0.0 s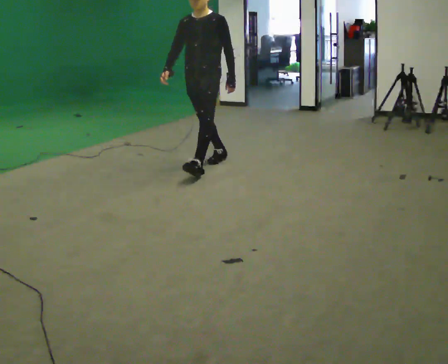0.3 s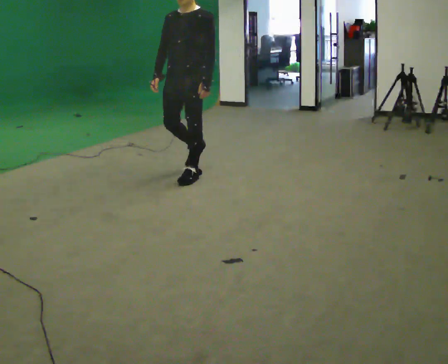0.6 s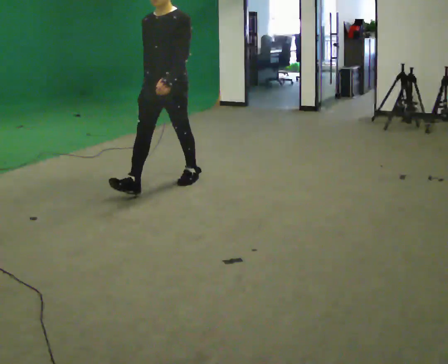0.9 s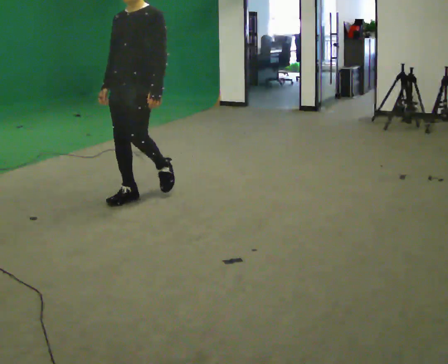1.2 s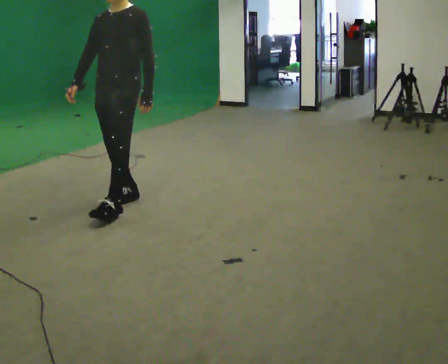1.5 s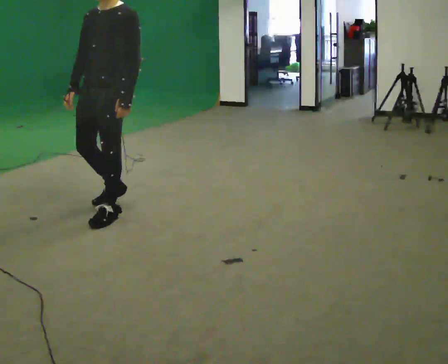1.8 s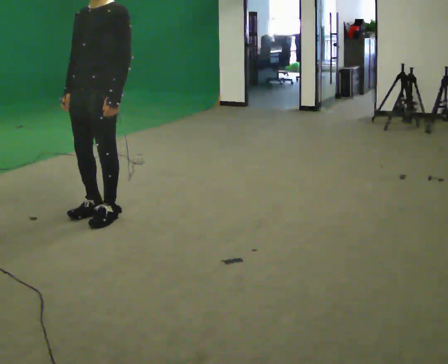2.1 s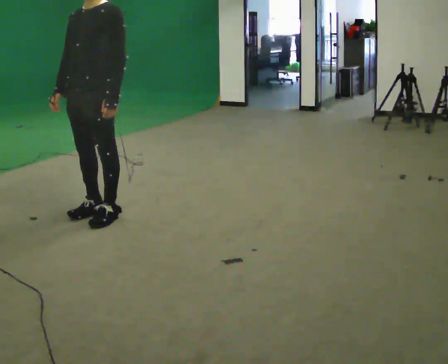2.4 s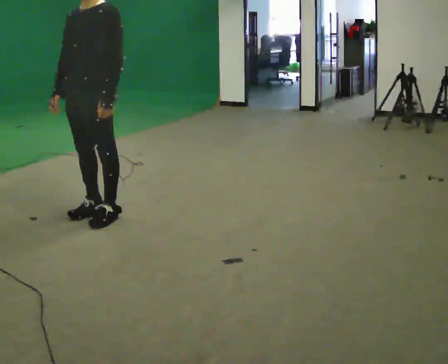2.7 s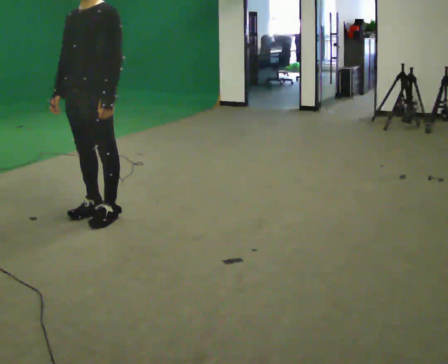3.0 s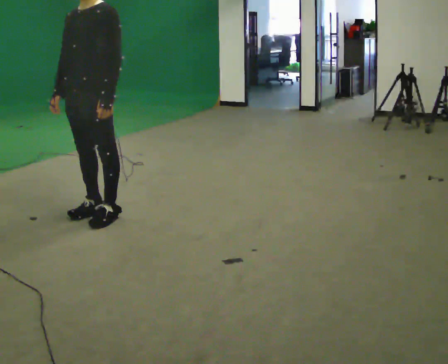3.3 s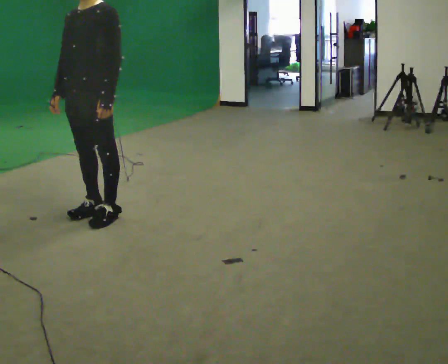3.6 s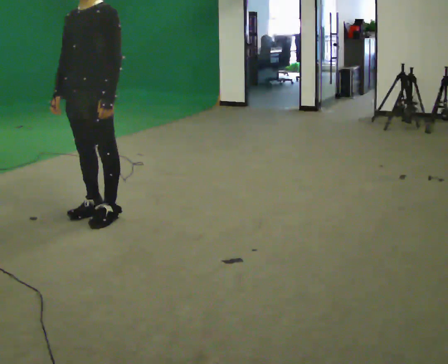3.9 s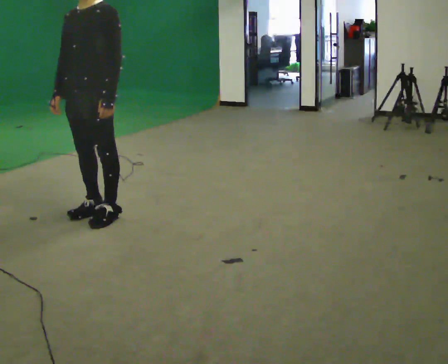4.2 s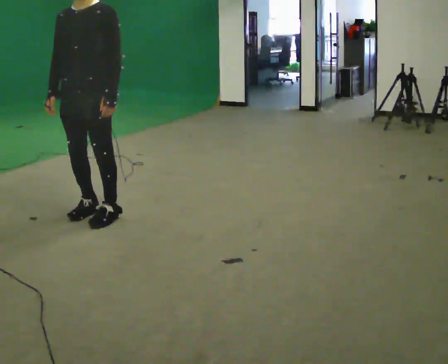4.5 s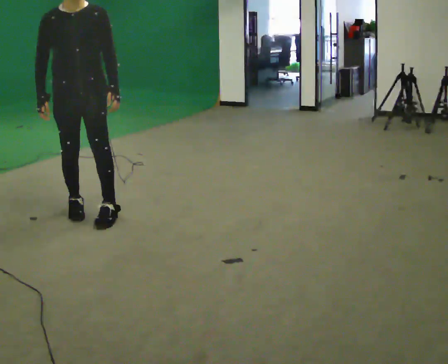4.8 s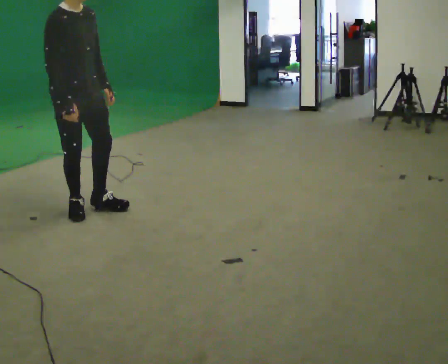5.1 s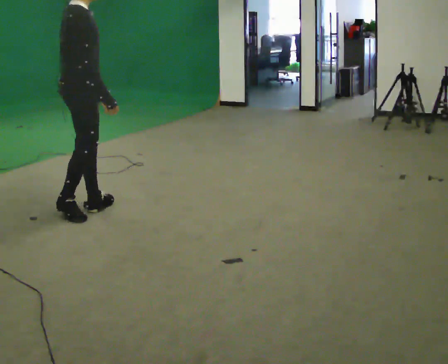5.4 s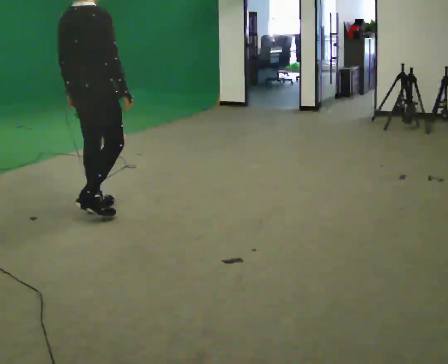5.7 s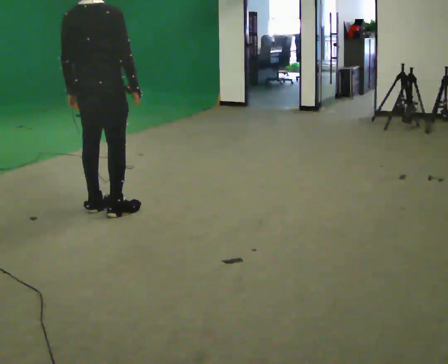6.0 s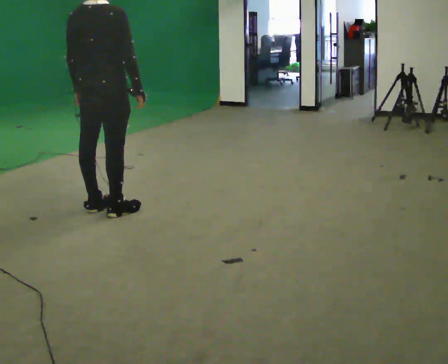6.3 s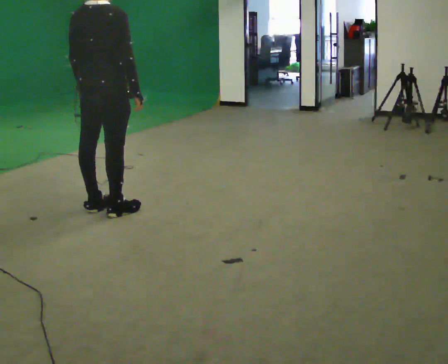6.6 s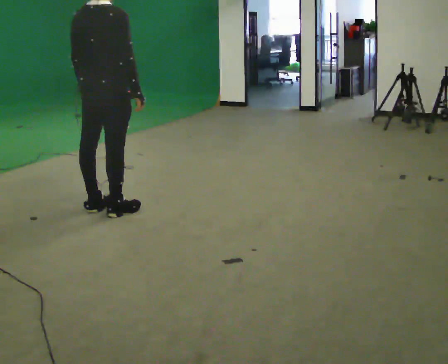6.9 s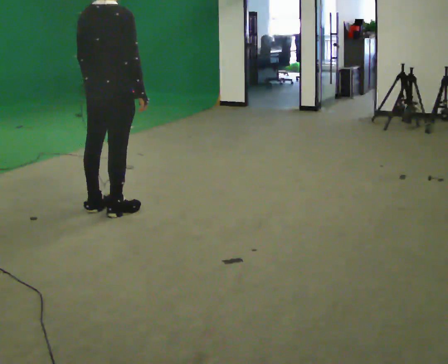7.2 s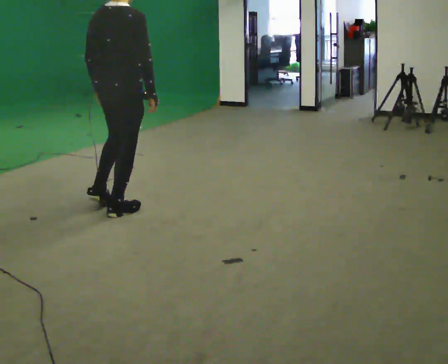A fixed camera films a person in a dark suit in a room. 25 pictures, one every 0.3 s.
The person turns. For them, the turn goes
to their left.
The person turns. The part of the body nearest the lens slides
to the right.
0.0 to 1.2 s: In the picture they go toward the camera and to the left, about 1 m in 3 steps, which for them is forward.
1.2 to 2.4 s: In the picture they go toward the camera and to the left, about 0.25 m in 1 step, which for them is forward.
2.4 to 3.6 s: The person keeps their place and pose.
3.6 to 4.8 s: Seen from above the body turns counterclockwise, about 105 degrees: to their left, with its near side sliding to the right.
4.8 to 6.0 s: Seen from above the body turns counterclockwise, about 90 degrees: to their left, with its near side sliding to the right. In the picture they go to the right, about 0.25 m in 2 steps. In the picture their right hand goes to the right.
6.0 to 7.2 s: The person moves a little, or ends about where they began.
The film runs forward here.
